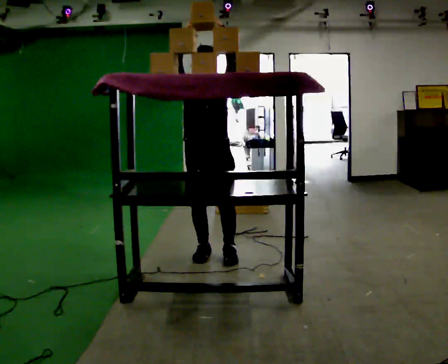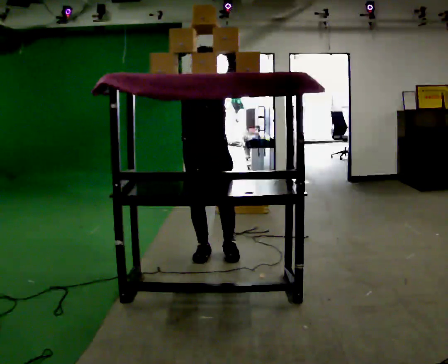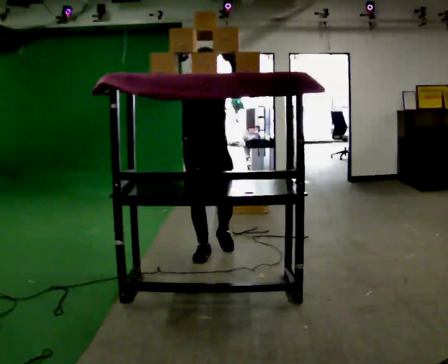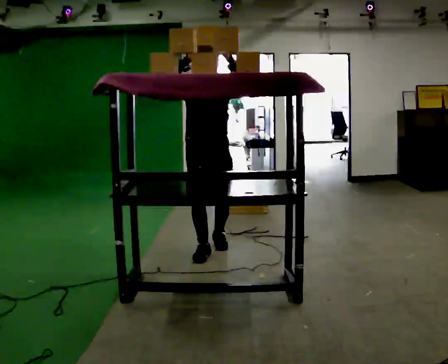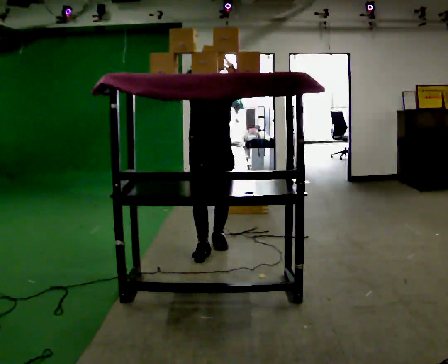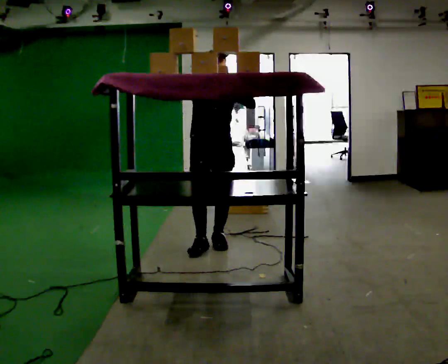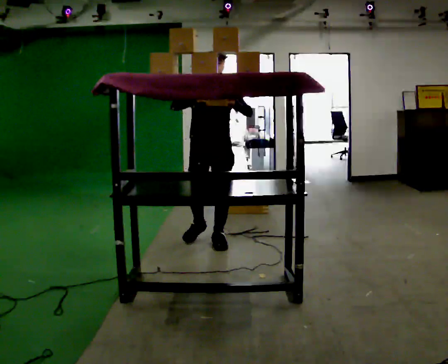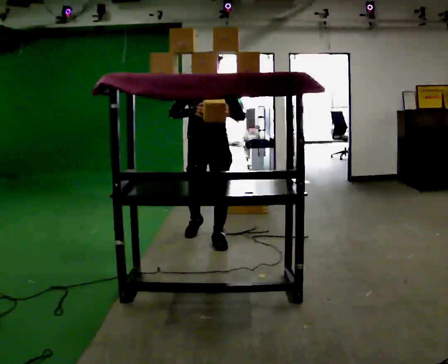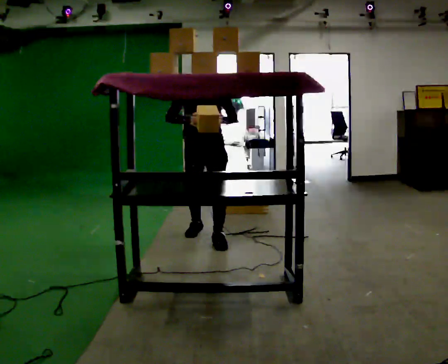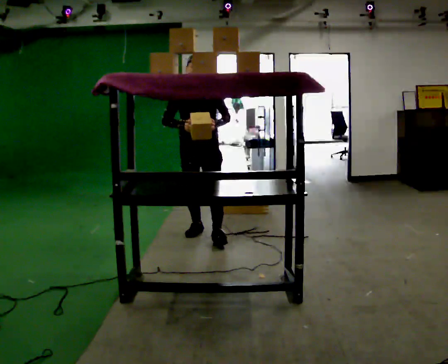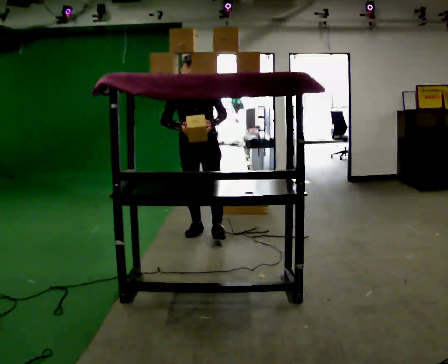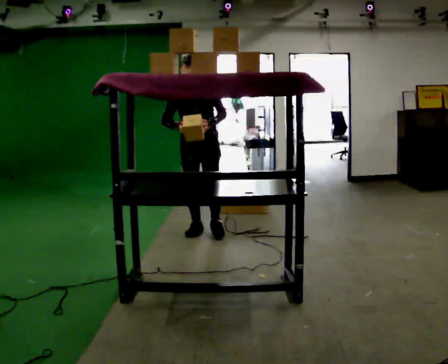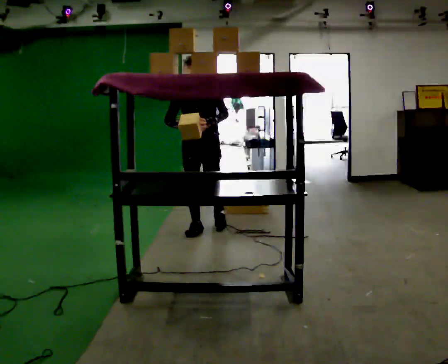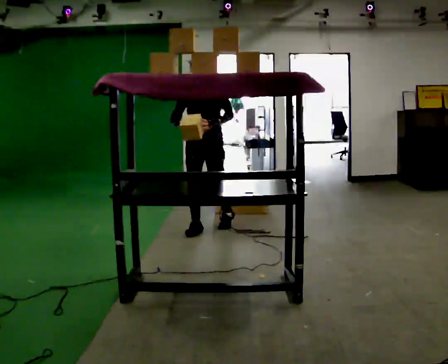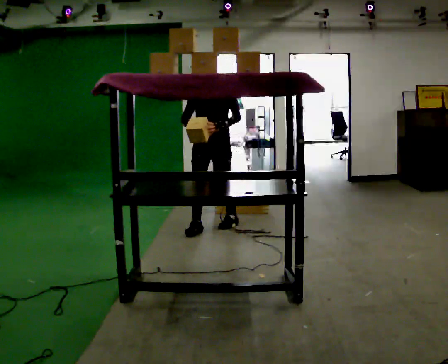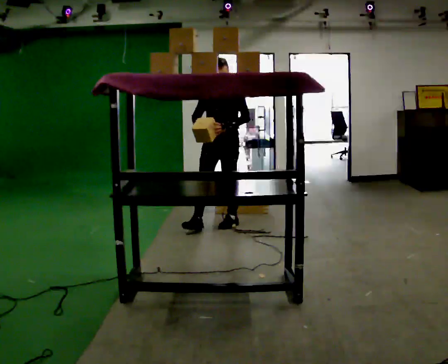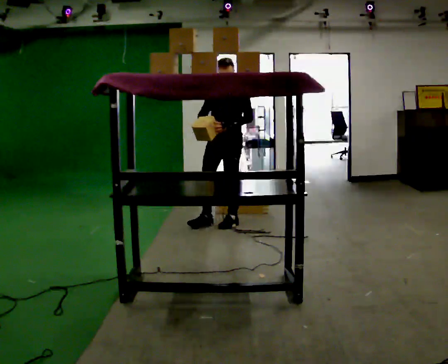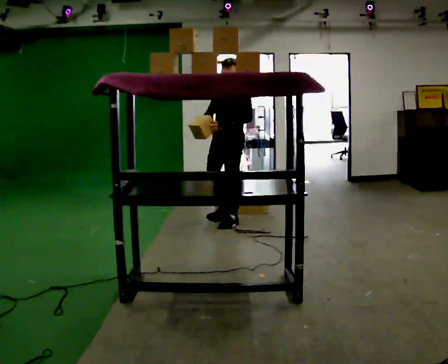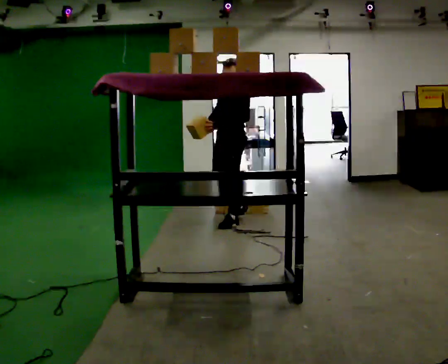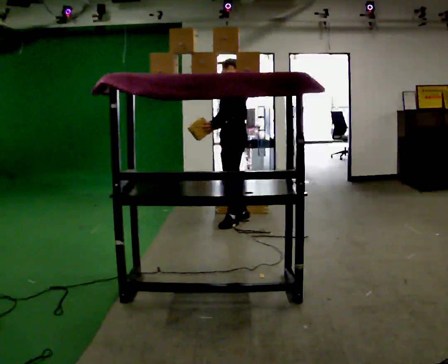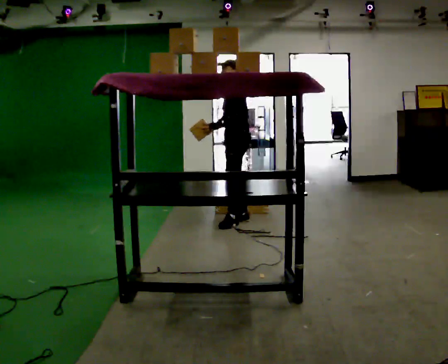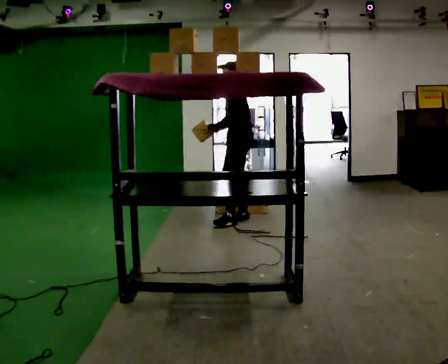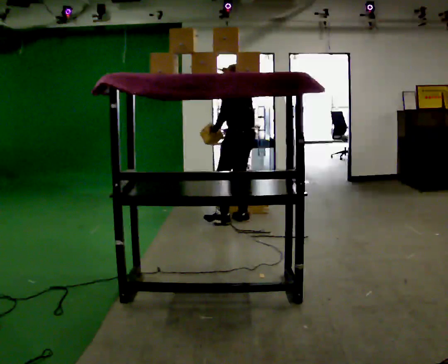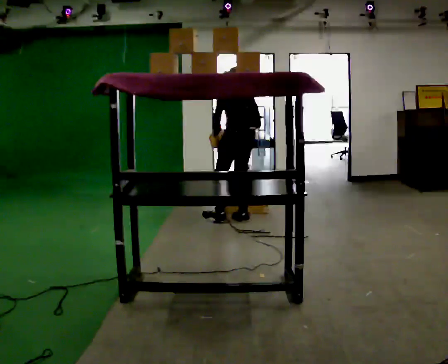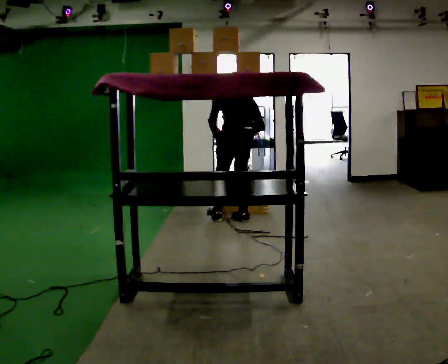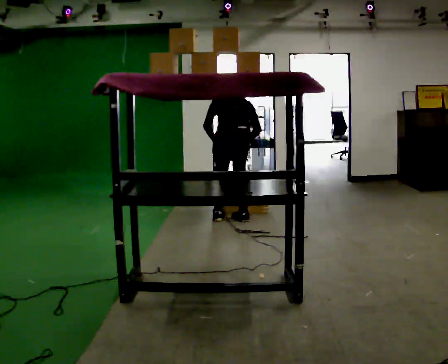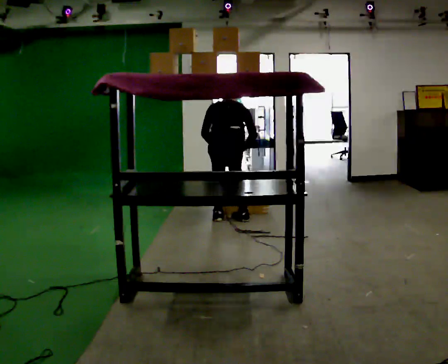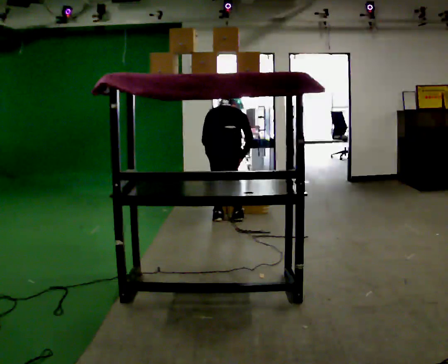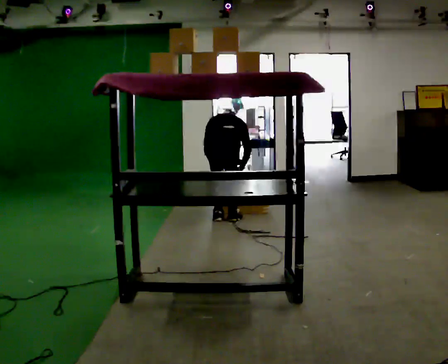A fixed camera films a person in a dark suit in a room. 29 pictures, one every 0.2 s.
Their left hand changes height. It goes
downward.
Their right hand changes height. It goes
downward.
0.0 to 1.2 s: In the picture they go away from the camera, about 0.5 m in 2 steps, which for them is backward. In the picture their left hand goes downward.
1.2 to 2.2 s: In the picture they go away from the camera, about 0.5 m in 1 step, which for them is backward.
2.2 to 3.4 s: The part of the body nearest the lens slides to the left as the person turns to their right by about 45 degrees. In the picture they go to the right and away from the camera, about 0.5 m in 1 step, which for them is backward and to their left.
3.4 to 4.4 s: The part of the body nearest the lens slides to the left as the person turns to their right by about 75 degrees. In the picture they go away from the camera, about 0.25 m in 1 step. In the picture their right hand goes to the right.
4.4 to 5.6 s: The part of the body nearest the lens slides to the left as the person turns to their right by about 60 degrees. In the picture they go to the left, about 0.25 m in 1 step. The upper body goes downward. The upper body tips away from the camera, its near side rolling upward, as they bend forward. In the picture their right hand goes downward.
The film runs backward here.
